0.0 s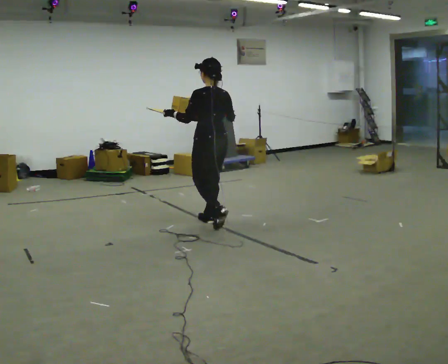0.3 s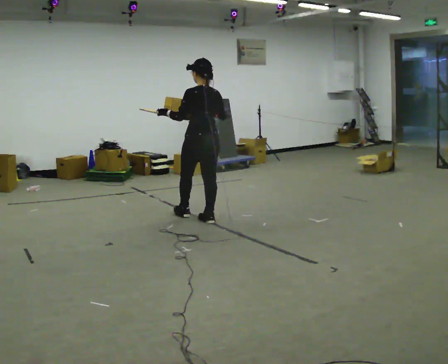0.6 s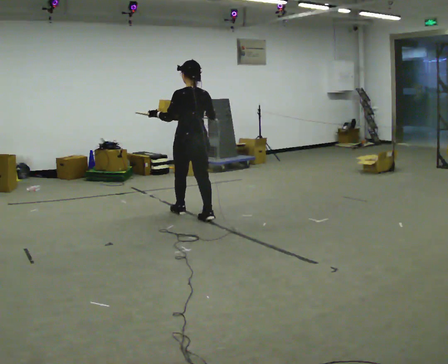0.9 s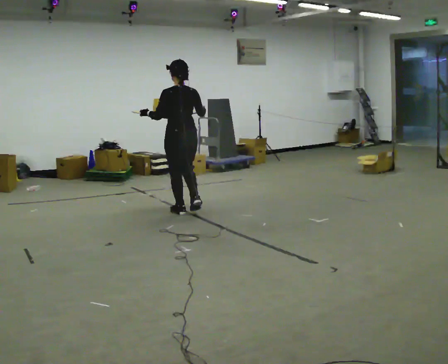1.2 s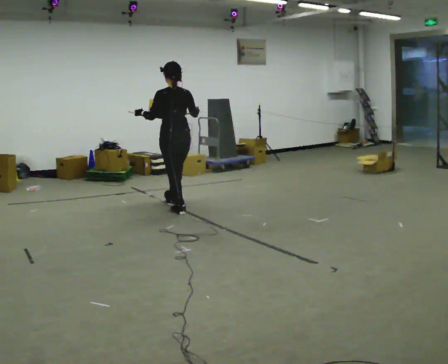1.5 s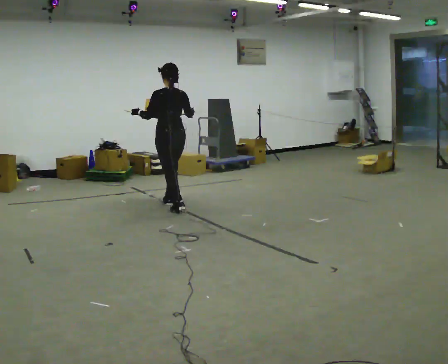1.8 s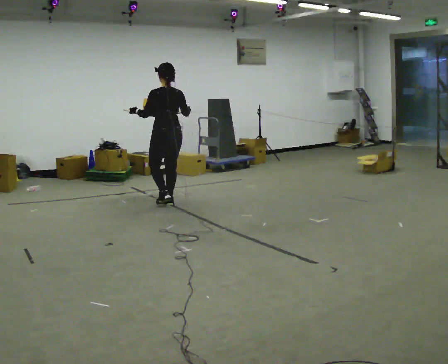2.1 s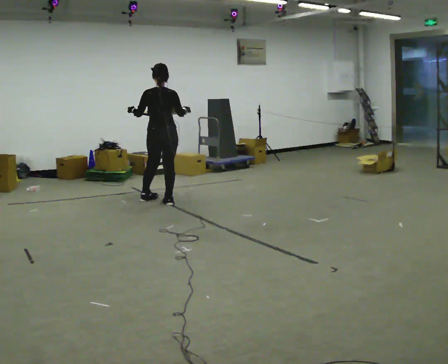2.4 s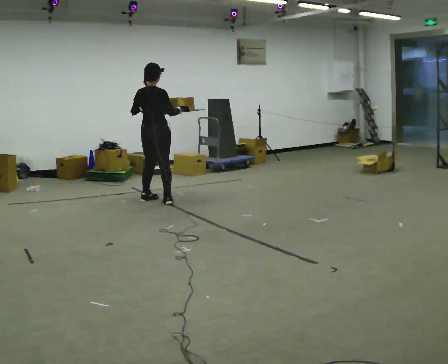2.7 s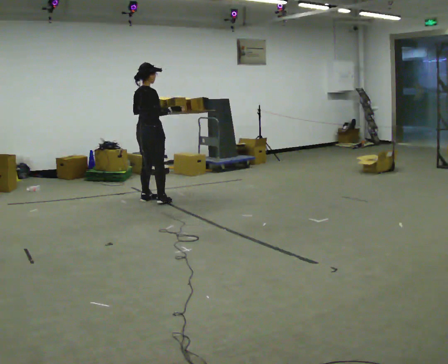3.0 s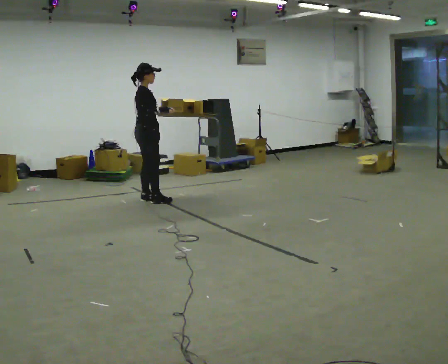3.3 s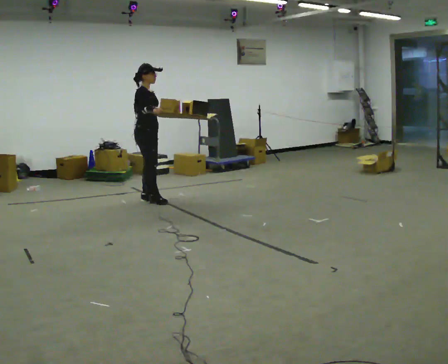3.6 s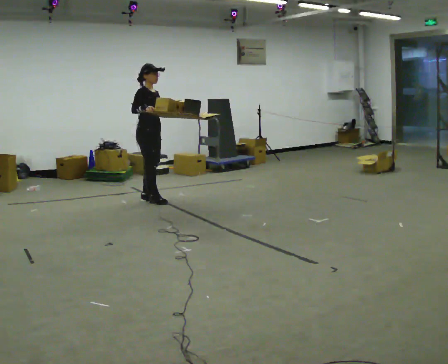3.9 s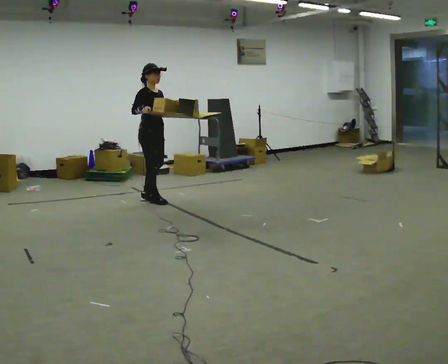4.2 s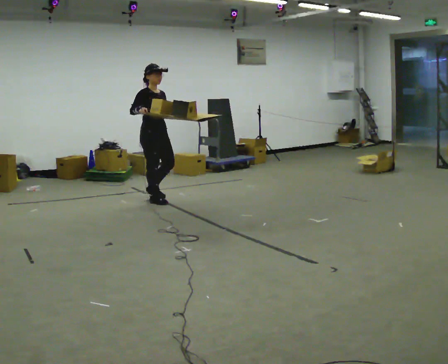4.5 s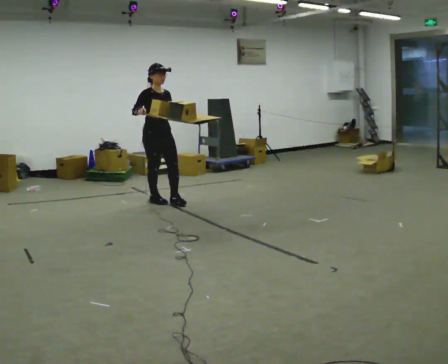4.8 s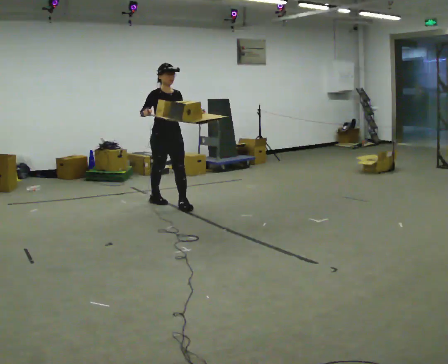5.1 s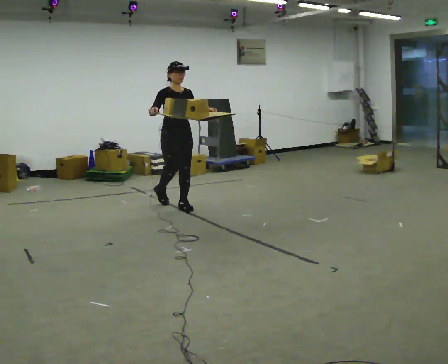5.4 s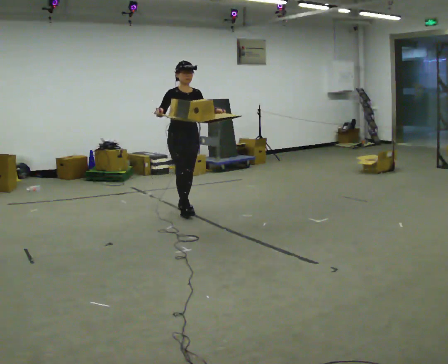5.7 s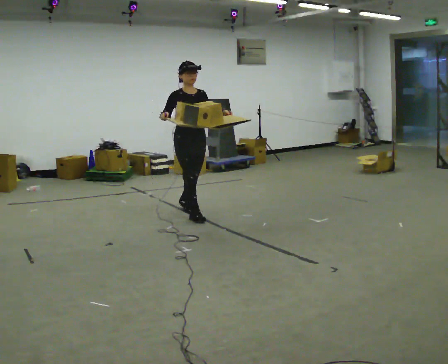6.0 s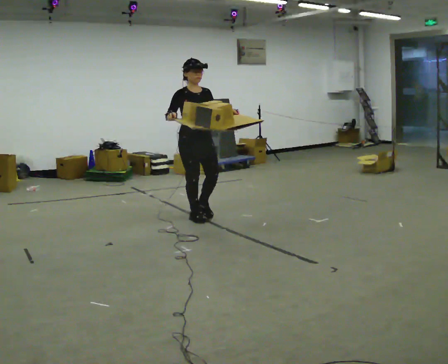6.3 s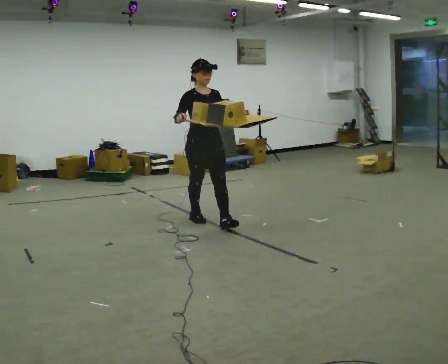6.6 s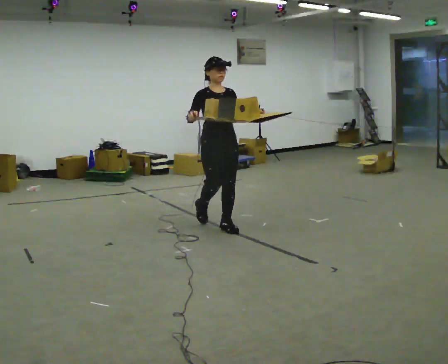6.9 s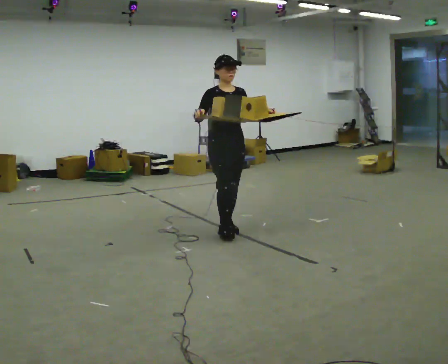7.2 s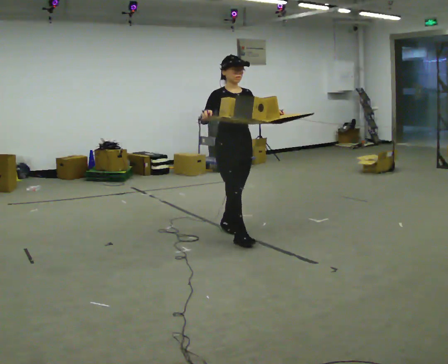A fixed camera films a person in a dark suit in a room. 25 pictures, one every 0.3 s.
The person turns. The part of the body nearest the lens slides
to the left.
The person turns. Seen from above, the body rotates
clockwise.
0.0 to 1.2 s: In the picture they go away from the camera and to the left, about 0.75 m in 1 step, which for them is forward.
1.2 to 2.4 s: The part of the body nearest the lens slides to the left as the person turns to their right by about 45 degrees. In the picture they go away from the camera and to the left, about 0.5 m in 2 steps, which for them is forward.
2.4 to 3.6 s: The part of the body nearest the lens slides to the left as the person turns to their right by about 90 degrees. In the picture their right hand goes to the left.
3.6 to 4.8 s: The person turns about 30 degrees to their right, clockwise seen from above, so the part of the body nearest the lens slides to the left. In the picture they go toward the camera and to the right, about 0.25 m in 1 step, which for them is forward.
4.8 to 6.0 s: In the picture they go toward the camera and to the right, about 0.75 m in 1 step, which for them is forward.
6.0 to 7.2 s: In the picture they go toward the camera and to the right, about 0.5 m in 2 steps, which for them is forward.
The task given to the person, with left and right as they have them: Carry the open tray of loose items across the room, back and forth, trying not to let anything fall out.
The film runs forward here.
